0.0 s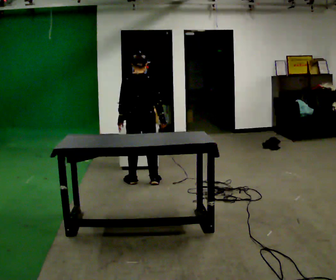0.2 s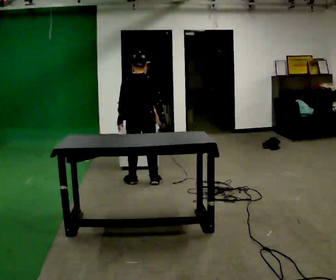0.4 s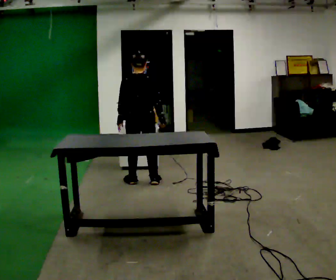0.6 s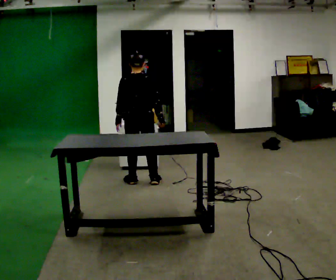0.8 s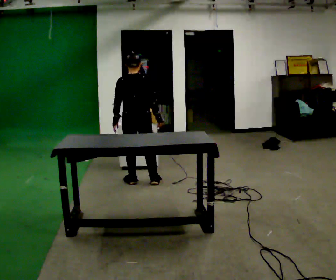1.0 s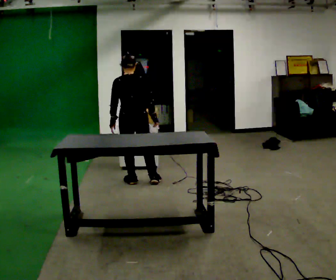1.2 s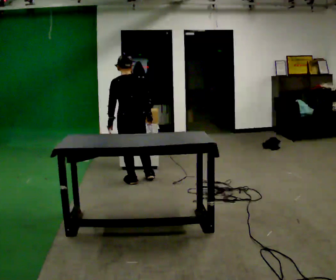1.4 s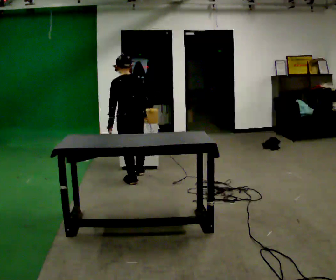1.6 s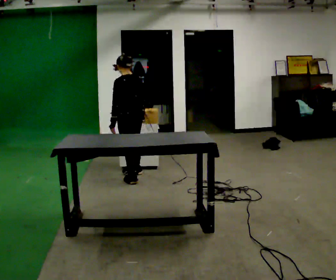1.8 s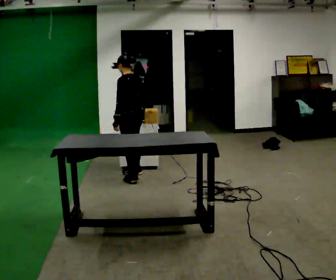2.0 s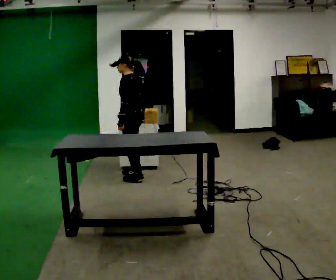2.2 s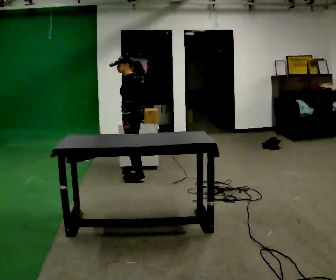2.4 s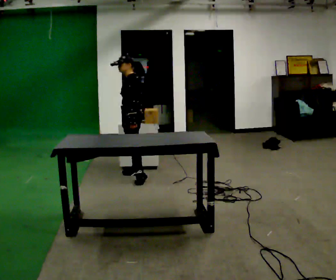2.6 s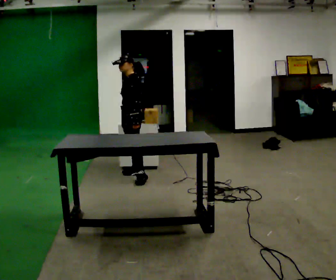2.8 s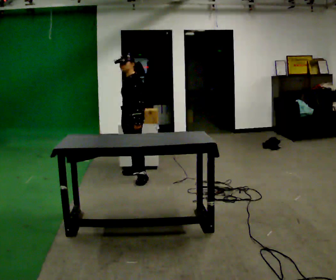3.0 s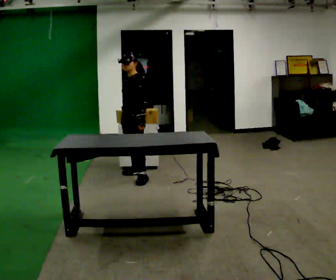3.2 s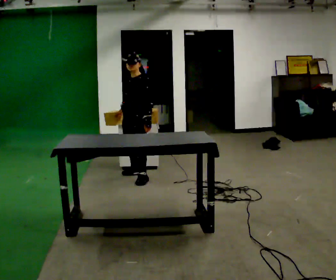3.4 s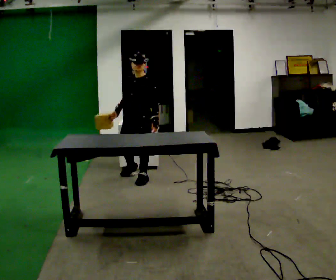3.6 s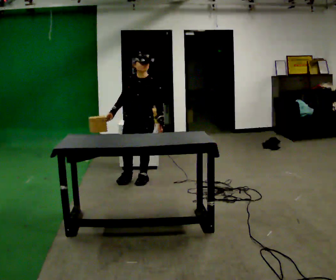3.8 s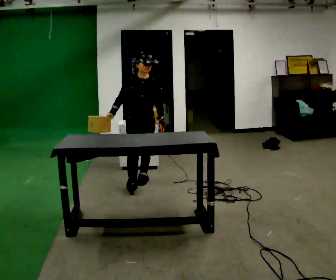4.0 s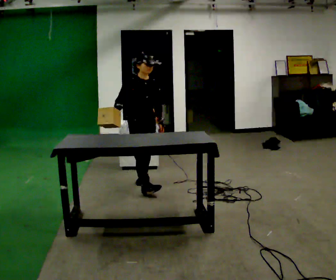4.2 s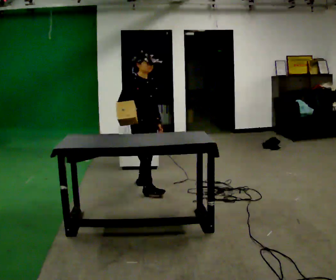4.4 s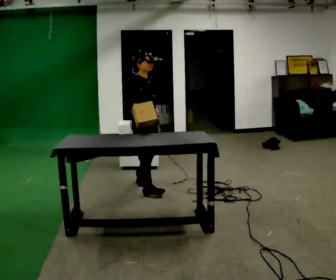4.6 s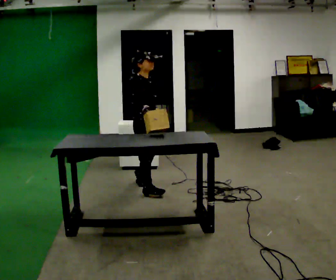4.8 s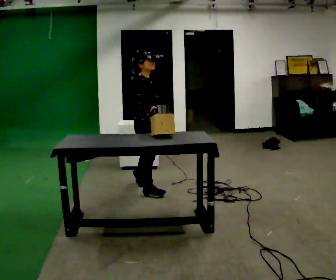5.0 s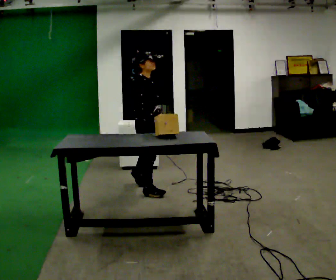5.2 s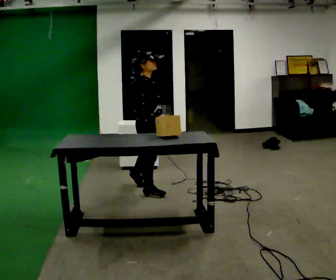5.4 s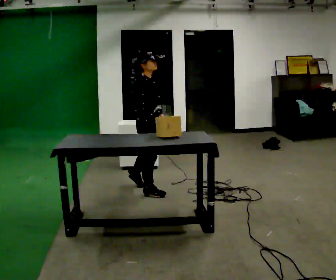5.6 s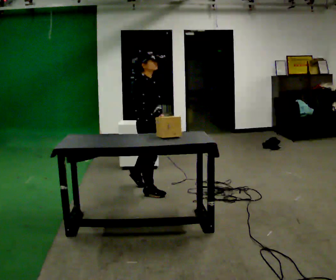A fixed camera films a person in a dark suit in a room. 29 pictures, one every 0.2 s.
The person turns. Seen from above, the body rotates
counterclockwise.
The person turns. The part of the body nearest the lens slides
to the right.
0.0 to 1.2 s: Seen from above the body turns counterclockwise, about 30 degrees: to their left, with its near side sliding to the right.
1.2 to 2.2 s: Seen from above the body turns counterclockwise, about 75 degrees: to their left, with its near side sliding to the right. In the picture they go away from the camera, about 0.25 m in 2 steps.
2.2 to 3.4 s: The person turns about 60 degrees to their left, counterclockwise seen from above, so the part of the body nearest the lens slides to the right. In the picture they go toward the camera, about 0.25 m.
3.4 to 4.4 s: The part of the body nearest the lens slides to the right as the person turns to their left by about 90 degrees. In the picture they go toward the camera, about 0.5 m in 1 step.
4.4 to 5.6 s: The person moves a little, or ends about where they began.
The film runs forward here.
